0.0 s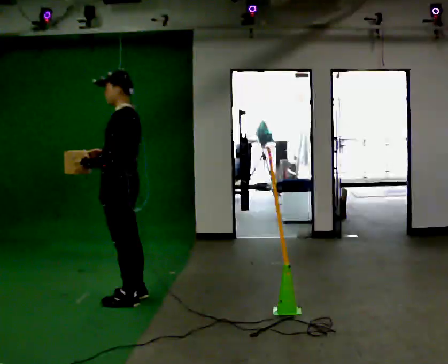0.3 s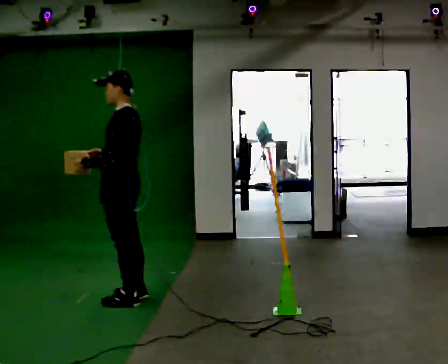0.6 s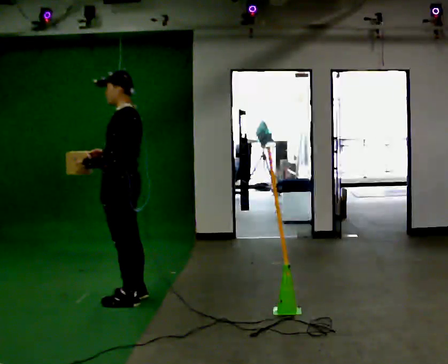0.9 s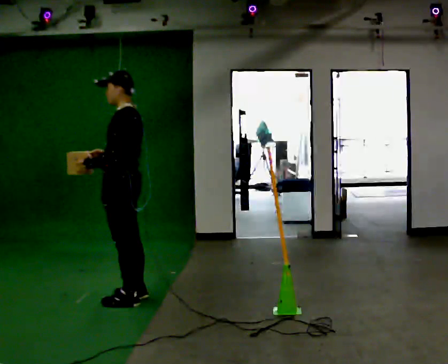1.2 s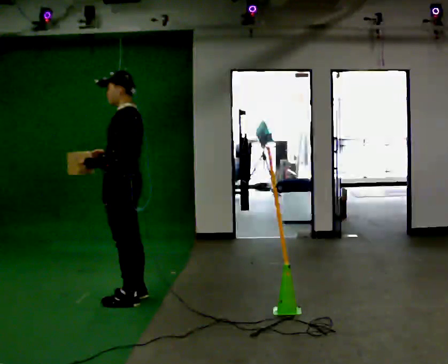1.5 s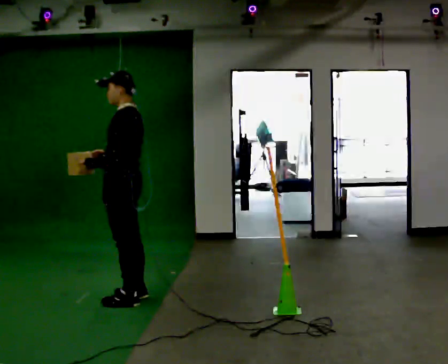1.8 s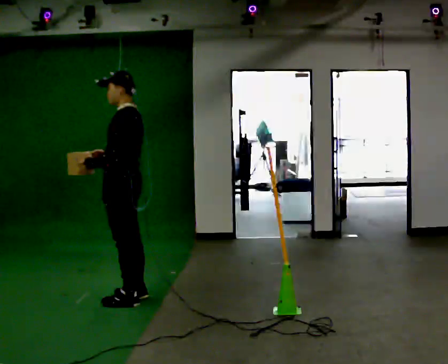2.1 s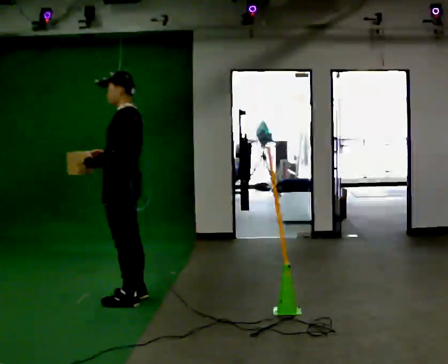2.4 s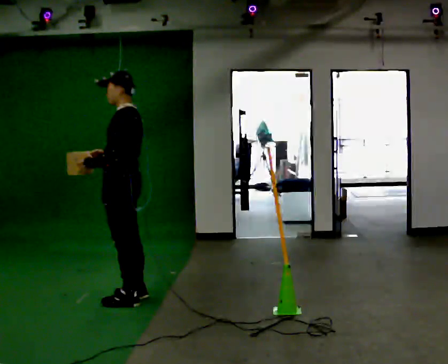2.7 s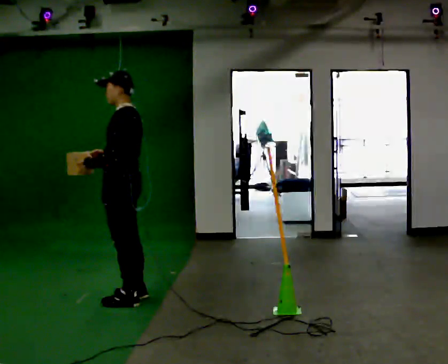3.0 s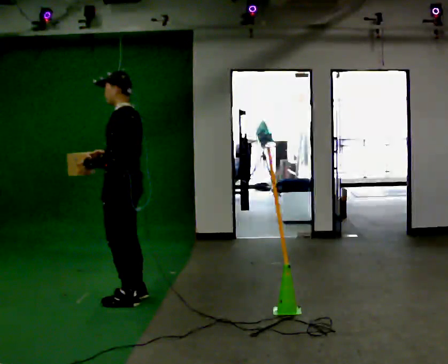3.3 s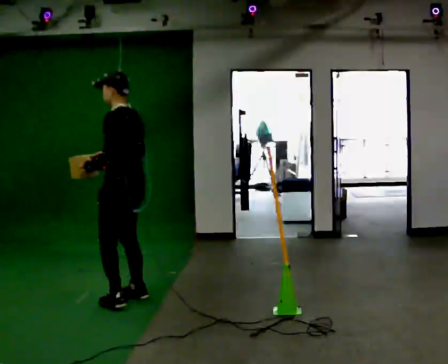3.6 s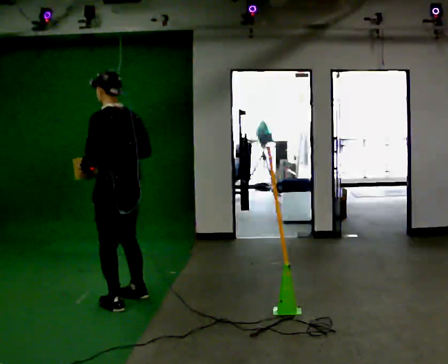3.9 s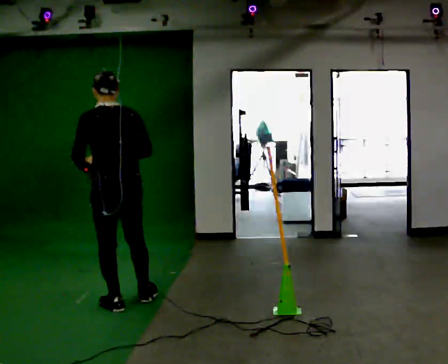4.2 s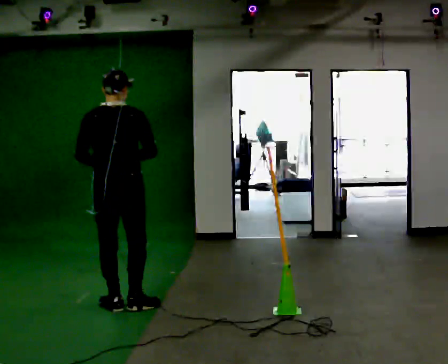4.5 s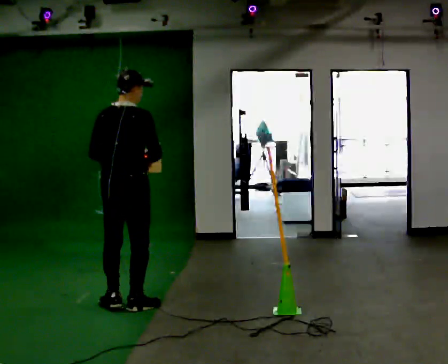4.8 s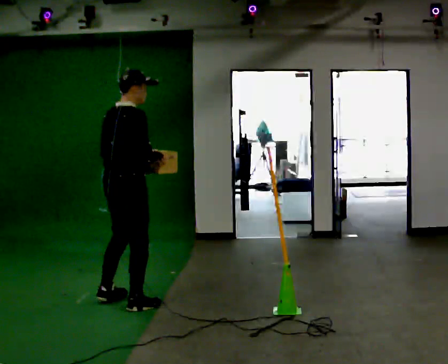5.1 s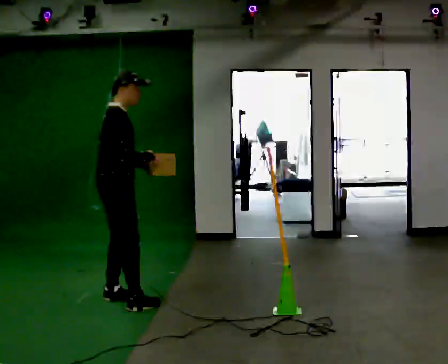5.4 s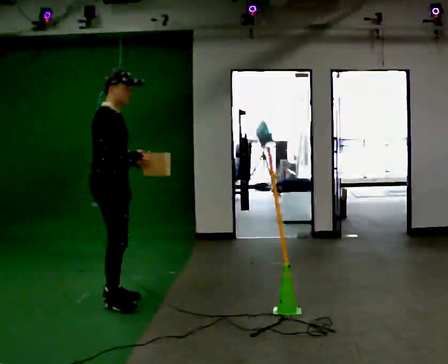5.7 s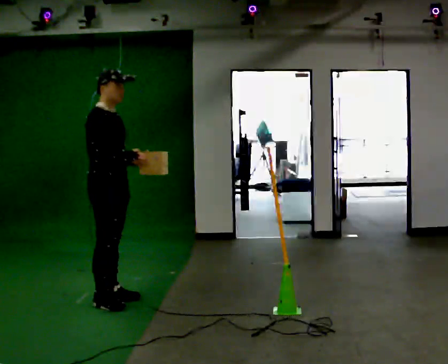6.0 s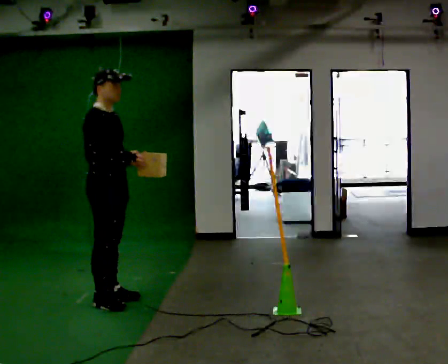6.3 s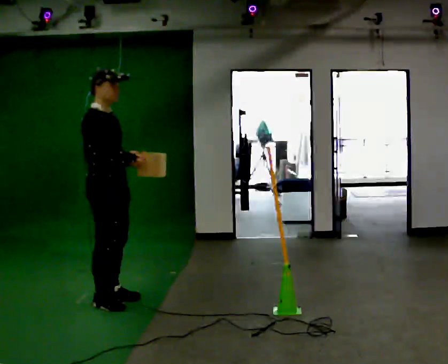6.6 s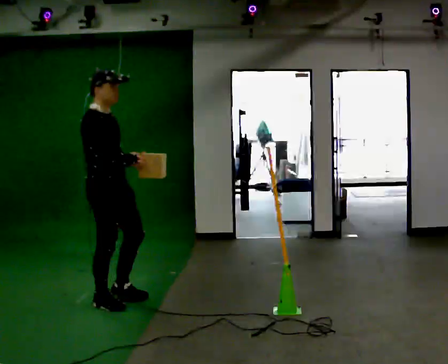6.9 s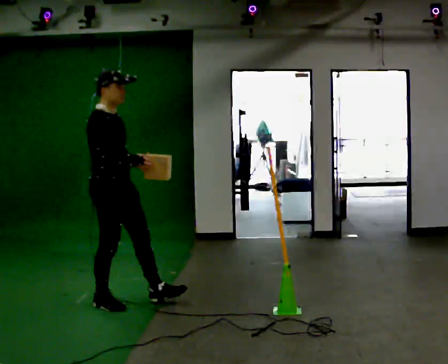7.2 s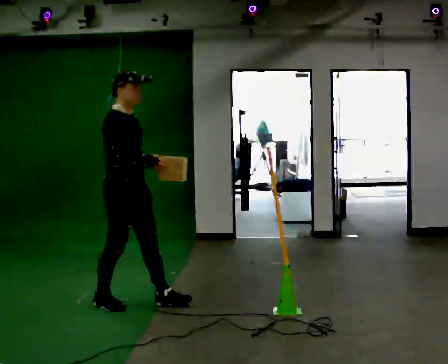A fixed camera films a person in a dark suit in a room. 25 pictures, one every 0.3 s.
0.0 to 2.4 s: The person moves a little, or ends about where they began.
2.4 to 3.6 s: Seen from above the body turns clockwise, about 30 degrees: to their right, with its near side sliding to the left. In the picture they go toward the camera, about 0.25 m in 1 step, which for them is to their left.
3.6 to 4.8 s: Seen from above the body turns clockwise, about 105 degrees: to their right, with its near side sliding to the left. In the picture their left hand goes to the right, the arm swinging counterclockwise.
4.8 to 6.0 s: The person turns about 45 degrees to their right, clockwise seen from above, so the part of the body nearest the lens slides to the left.
6.0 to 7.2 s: In the picture they go to the right, about 0.25 m in 1 step, which for them is forward.
The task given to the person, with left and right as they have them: Carry the box across the room. The operator will step into your path partway across, so go around them and carry on. Keep going until the operator says stop; one object at a time, and do not rush between trips.
The film runs forward here.
